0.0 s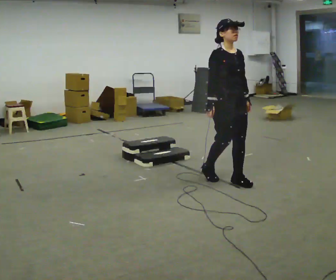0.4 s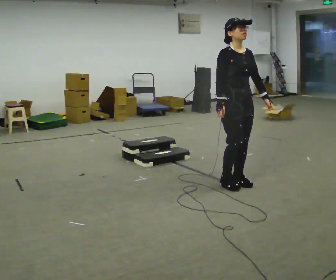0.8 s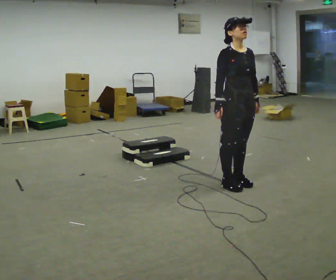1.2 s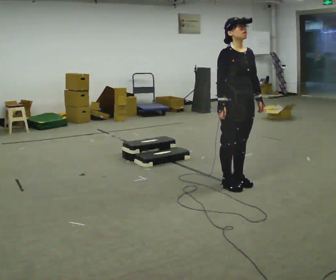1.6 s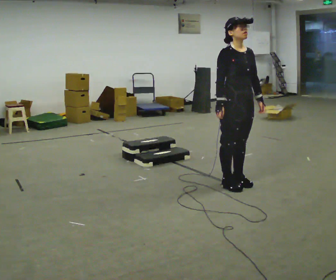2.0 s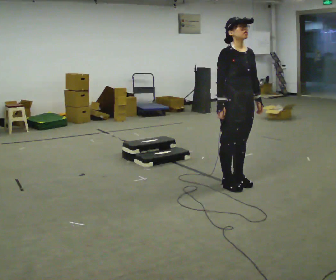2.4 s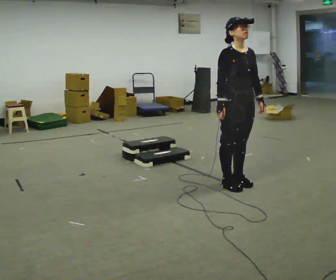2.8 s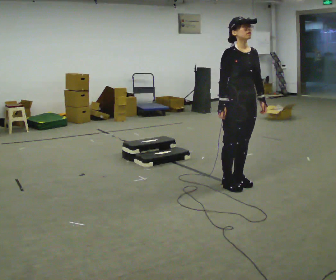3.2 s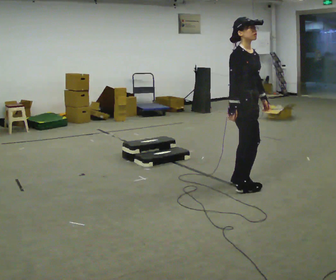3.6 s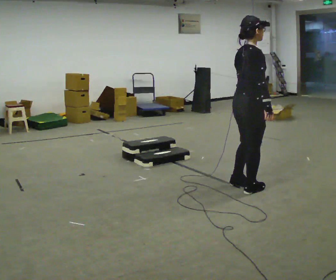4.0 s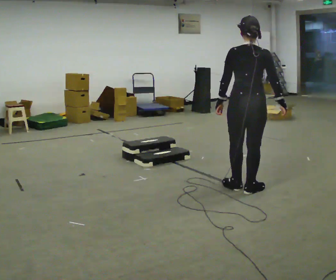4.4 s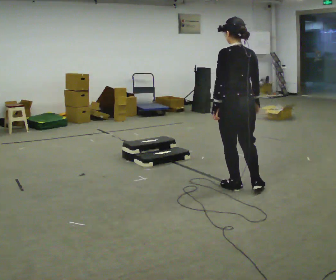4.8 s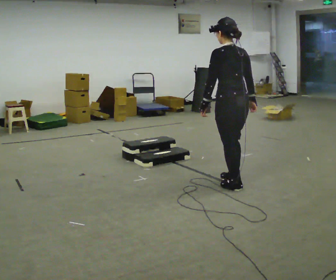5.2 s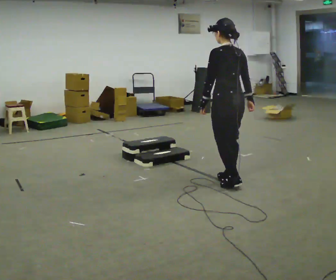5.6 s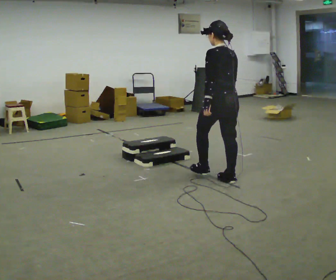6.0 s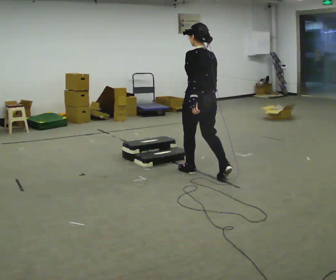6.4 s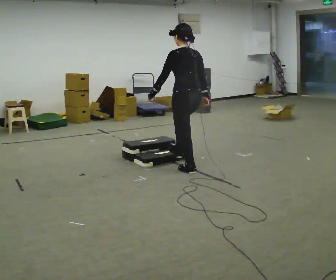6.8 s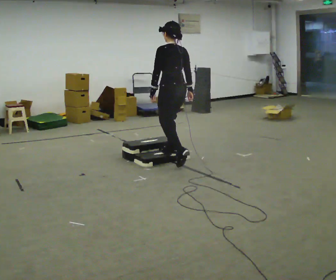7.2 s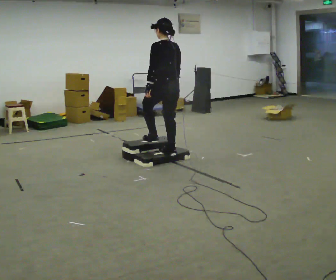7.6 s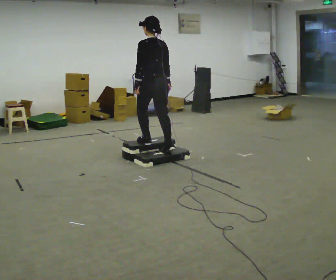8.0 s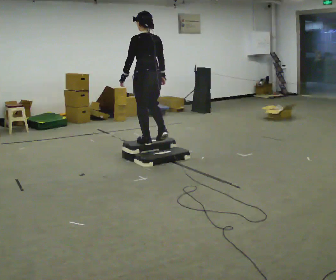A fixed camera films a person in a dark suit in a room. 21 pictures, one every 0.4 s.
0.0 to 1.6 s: The person moves a little, or ends about where they began.
1.6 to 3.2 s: Seen from above the body turns counterclockwise, about 30 degrees: to their left, with its near side sliding to the right.
3.2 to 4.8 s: The part of the body nearest the lens slides to the right as the person turns to their left by about 150 degrees. In the picture their left hand goes to the left, the arm swinging clockwise.
4.8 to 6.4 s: In the picture they go to the left and away from the camera, about 0.5 m in 2 steps, which for them is forward.
6.4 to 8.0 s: In the picture they go to the left and away from the camera, about 0.75 m in 2 steps, which for them is forward. The shoulders move upward.
The film runs forward here.
